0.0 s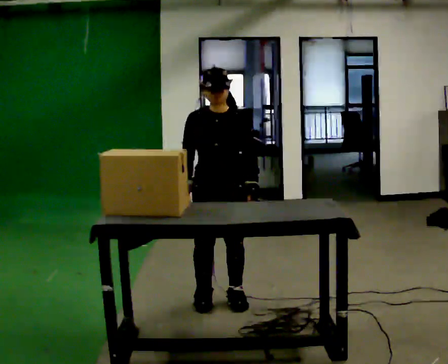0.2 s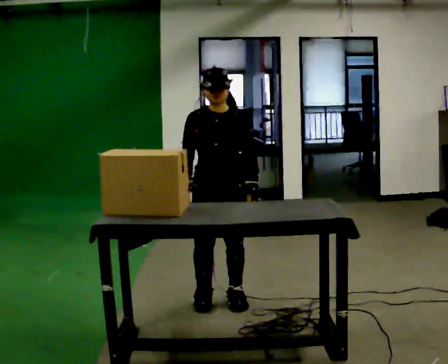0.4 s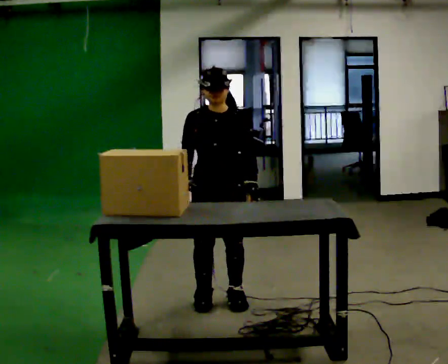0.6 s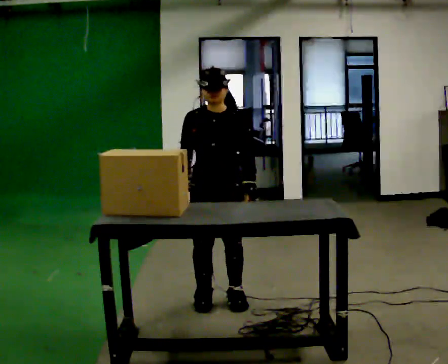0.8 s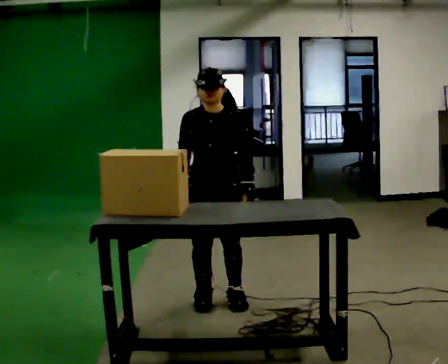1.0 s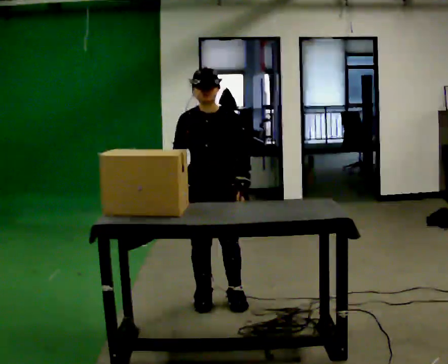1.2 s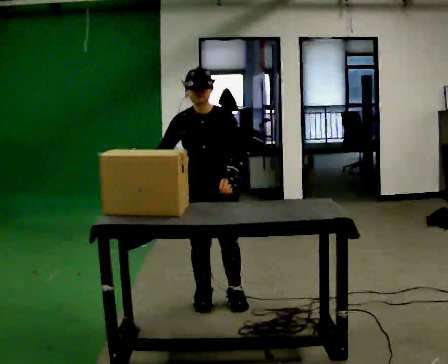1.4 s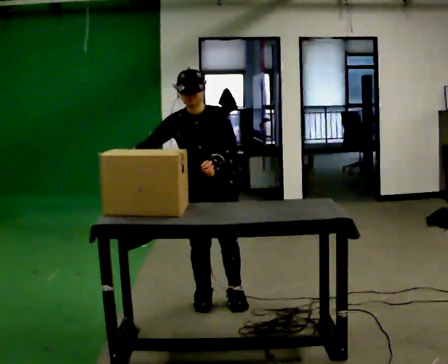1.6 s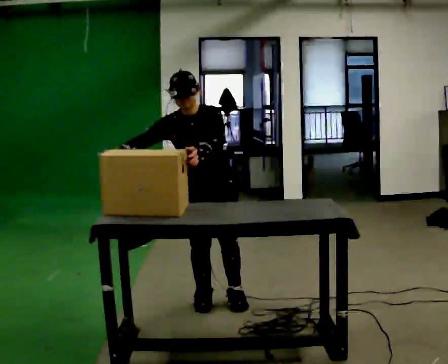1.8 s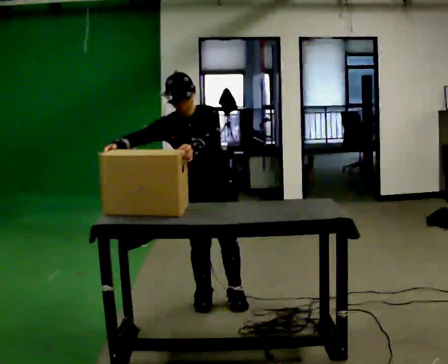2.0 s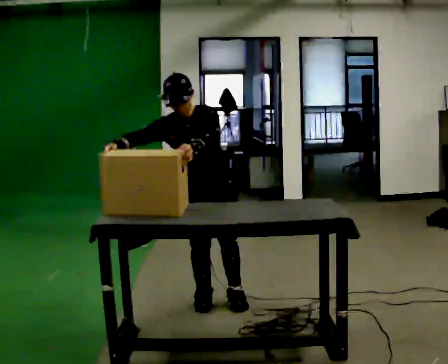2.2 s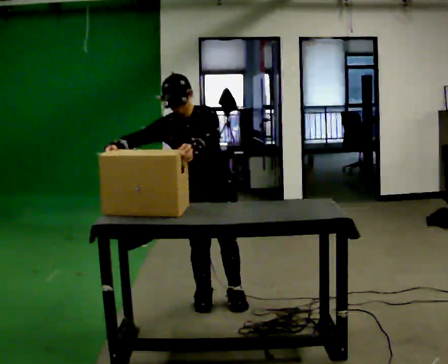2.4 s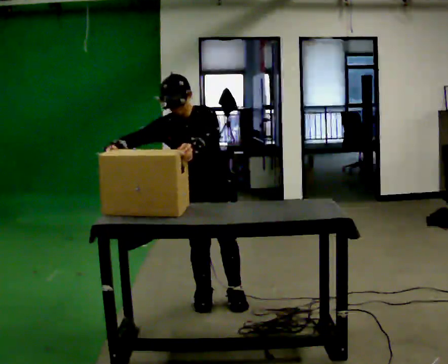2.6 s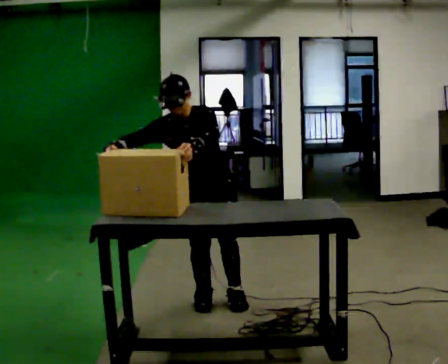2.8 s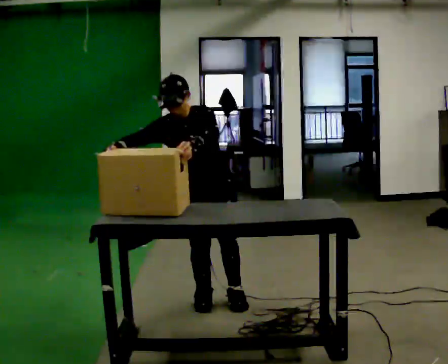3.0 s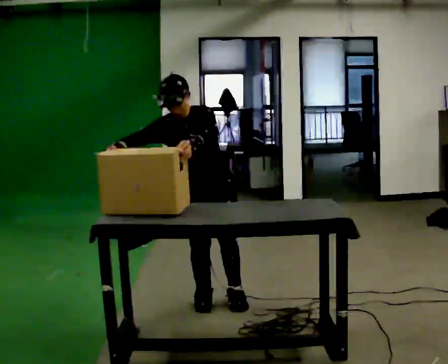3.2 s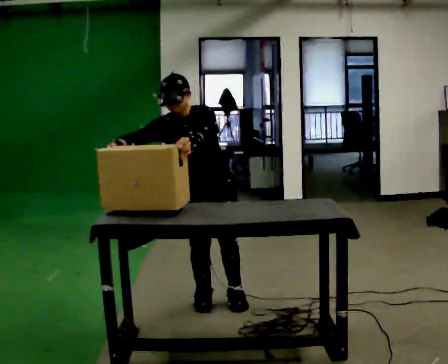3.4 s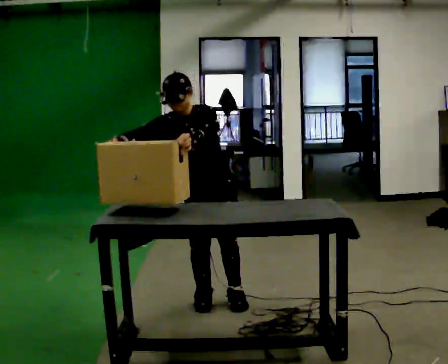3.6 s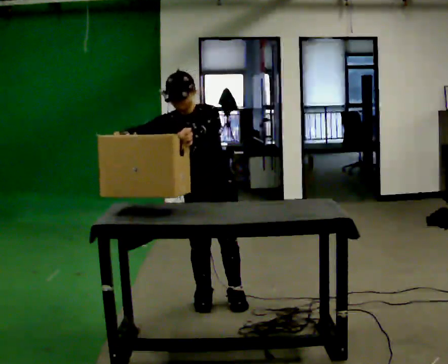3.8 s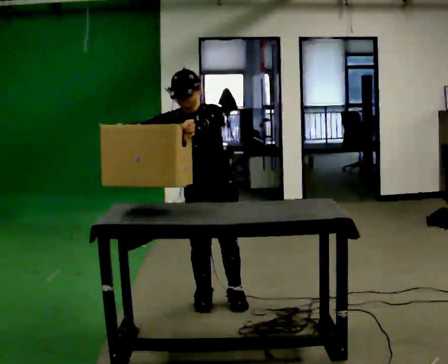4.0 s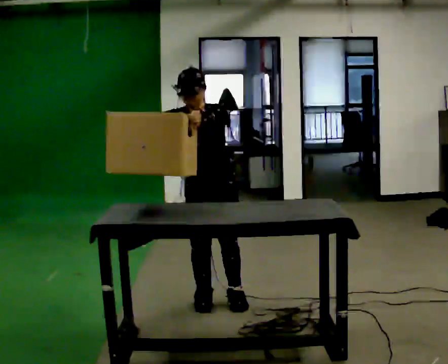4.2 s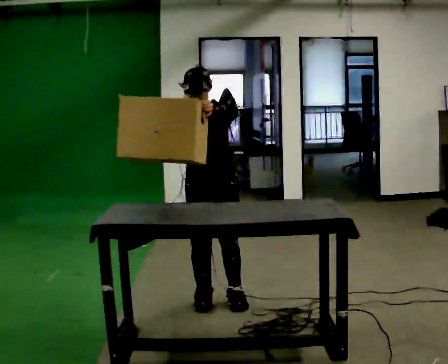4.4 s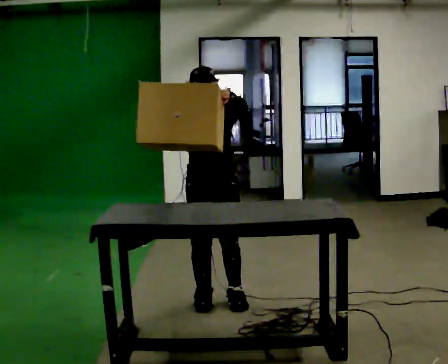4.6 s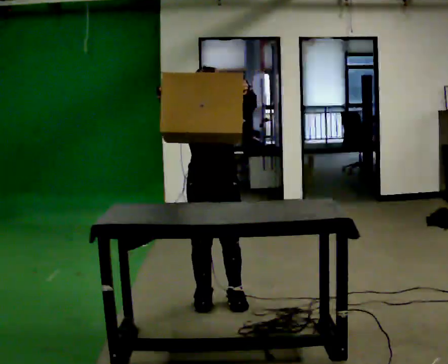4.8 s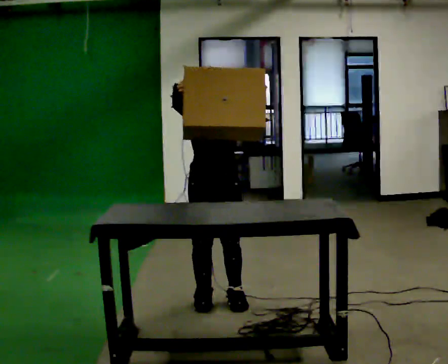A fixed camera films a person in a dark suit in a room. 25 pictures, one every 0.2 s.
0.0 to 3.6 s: In the picture the upper body tilts counterclockwise, shoulders to the left. In the picture their left hand goes upward and to the left.
3.6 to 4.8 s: In the picture the upper body tilts clockwise, shoulders to the right. In the picture their right hand goes to the right.
The film runs backward here.
